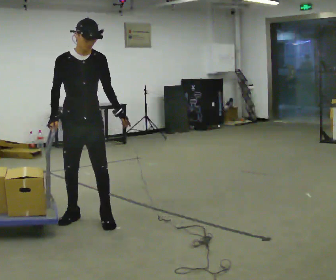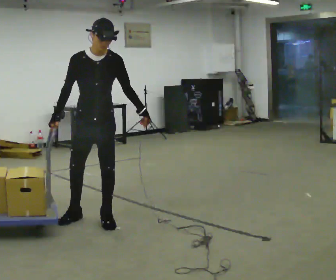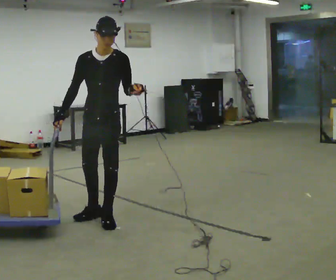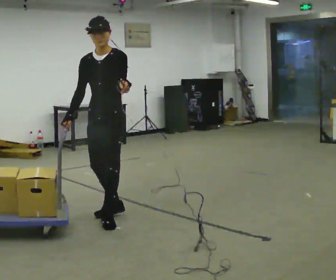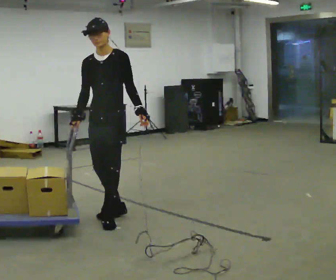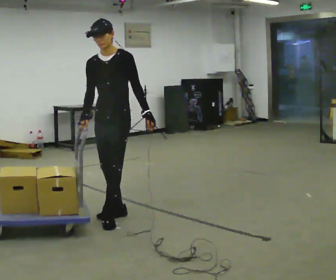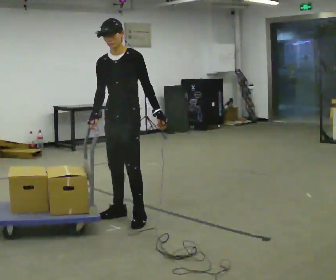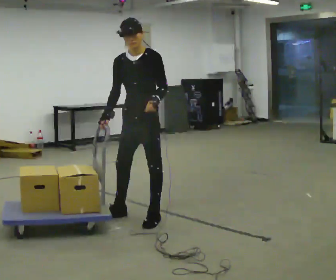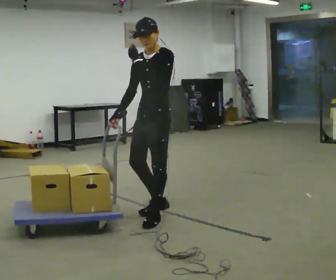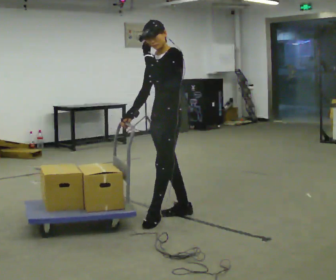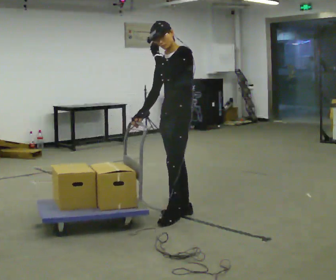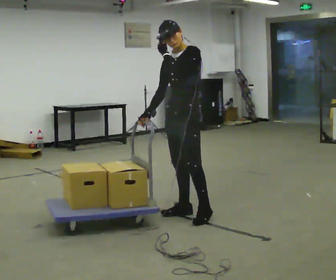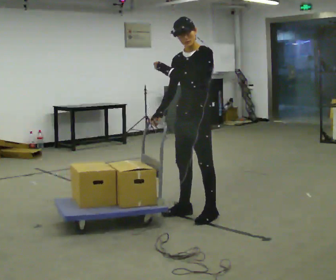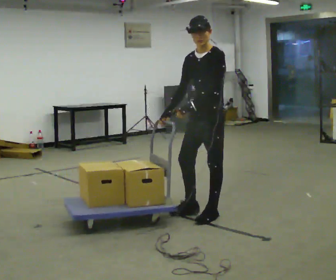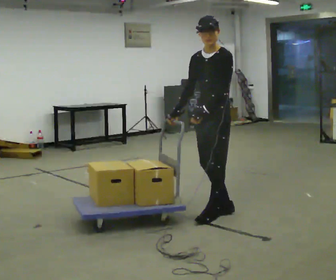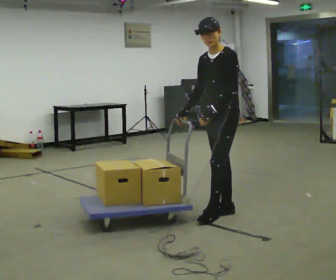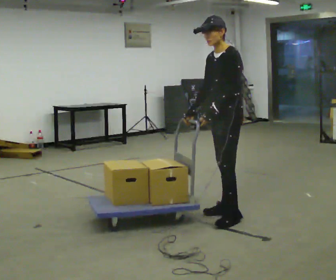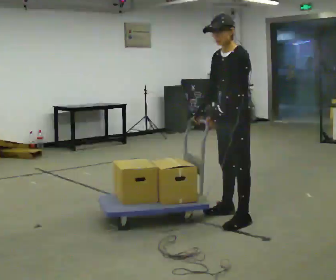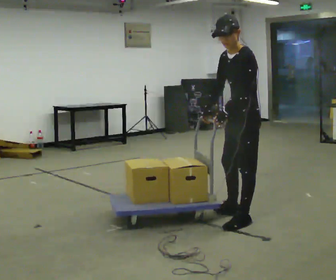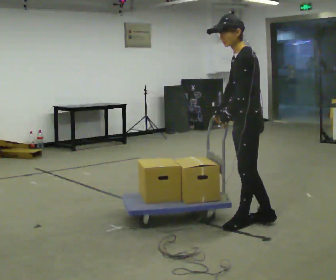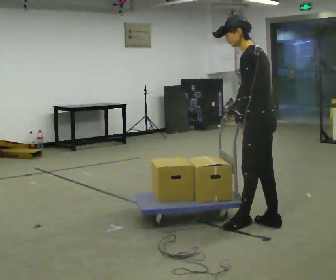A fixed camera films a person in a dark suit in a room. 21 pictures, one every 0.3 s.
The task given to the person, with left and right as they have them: Push the cart along the marked route and round the corner to the side the operator calls.
0.0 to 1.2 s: The person turns about 30 degrees to their right, clockwise seen from above, so the part of the body nearest the lens slides to the left. In the picture they go to the right, about 0.25 m in 1 step, which for them is to their left.
1.2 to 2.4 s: The person turns about 30 degrees to their right, clockwise seen from above, so the part of the body nearest the lens slides to the left. In the picture they go to the right, about 0.5 m in 1 step, which for them is to their left and backward. In the picture their left hand goes upward.
2.4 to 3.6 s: In the picture they go to the right, about 0.25 m in 2 steps, which for them is backward and to their left.
3.6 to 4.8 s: In the picture they go to the right, about 0.25 m in 1 step, which for them is to their left and backward.
4.8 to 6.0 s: The person turns about 45 degrees to their right, clockwise seen from above, so the part of the body nearest the lens slides to the left. In the picture they go toward the camera and to the right, about 0.5 m in 2 steps, which for them is to their left.
The film runs forward here.
